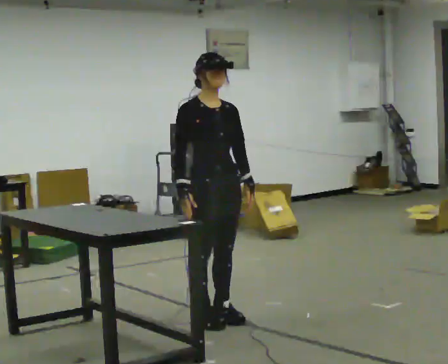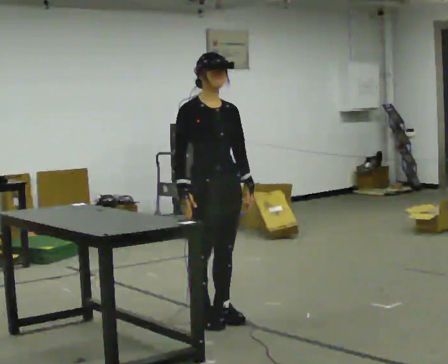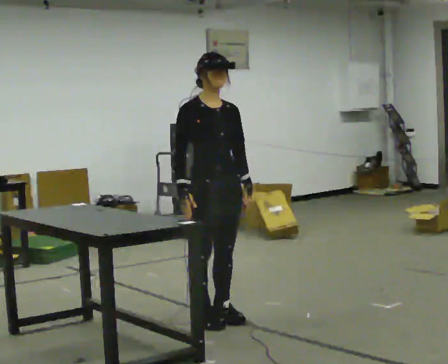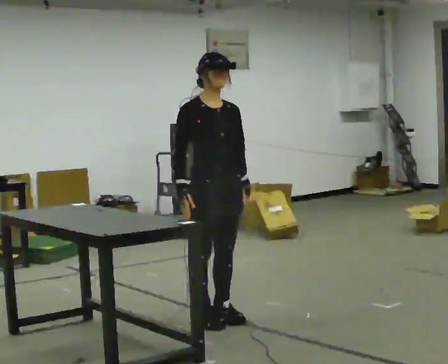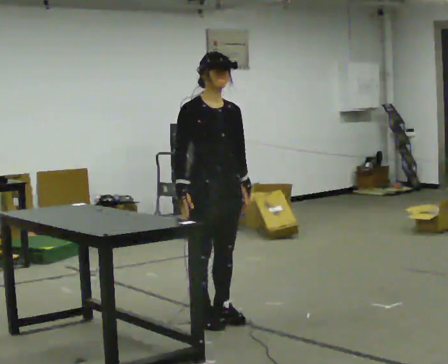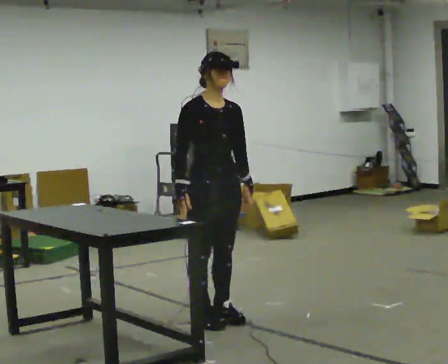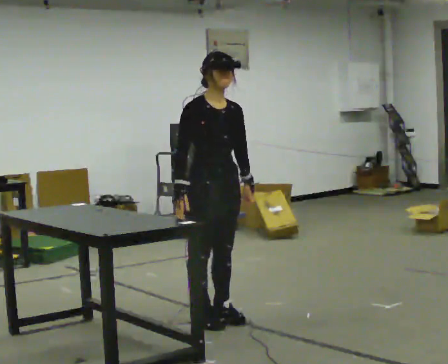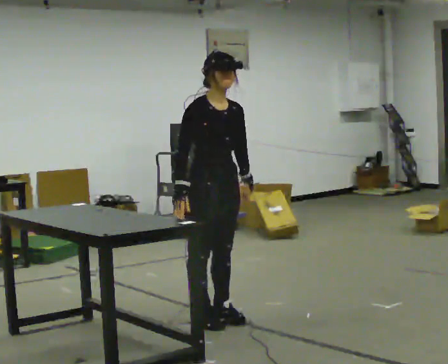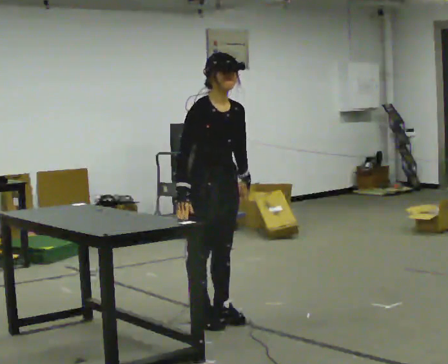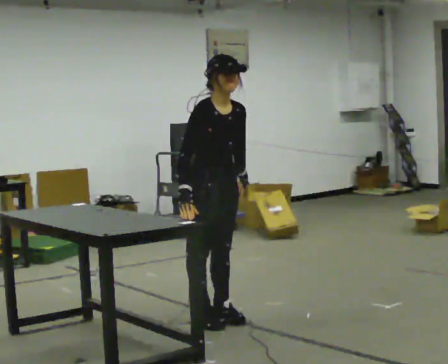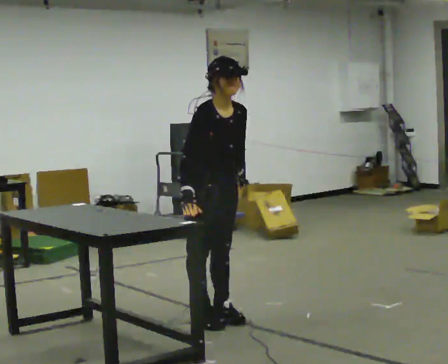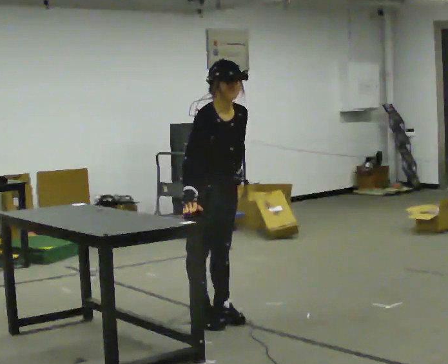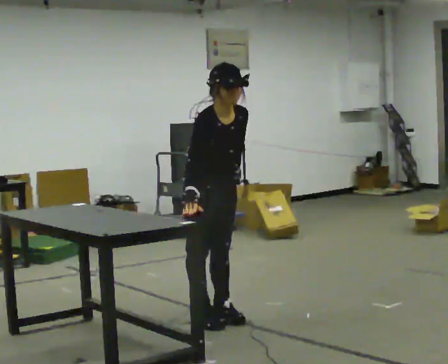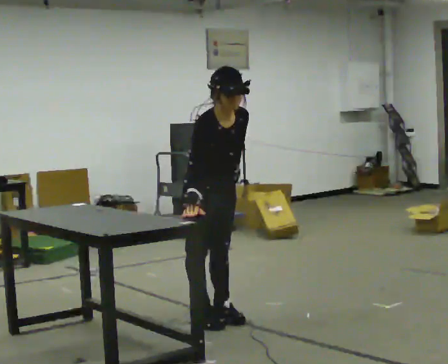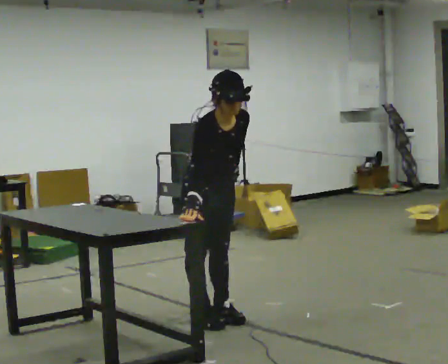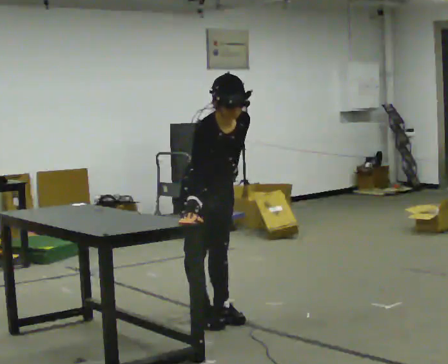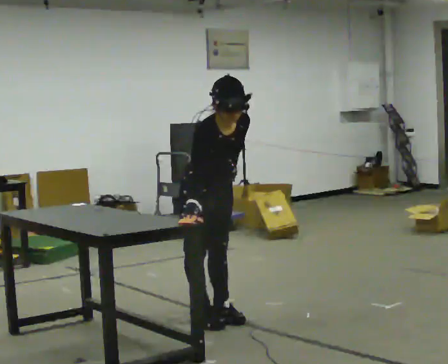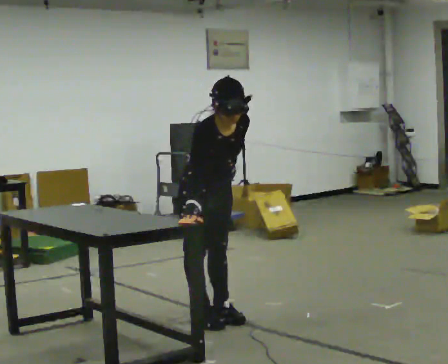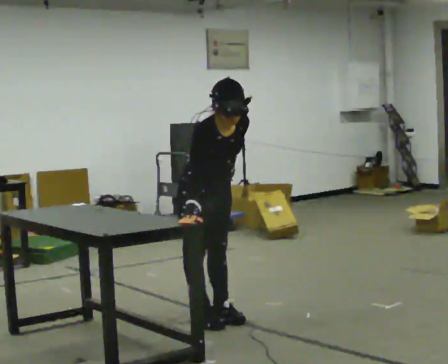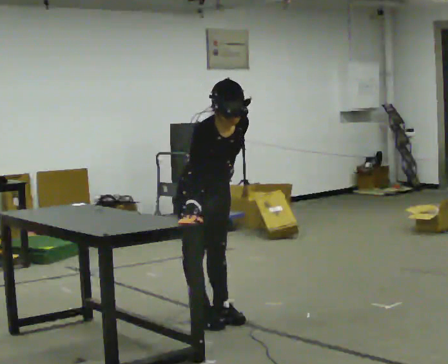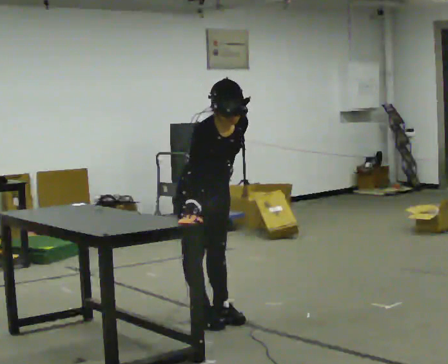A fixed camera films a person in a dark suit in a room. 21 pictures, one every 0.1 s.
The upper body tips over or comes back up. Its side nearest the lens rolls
downward.
0.0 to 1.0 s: The upper body tips toward the camera, its near side rolling downward, as they bend forward.
1.0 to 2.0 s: The upper body tips toward the camera, its near side rolling downward, as they bend forward.
The film runs backward here.
